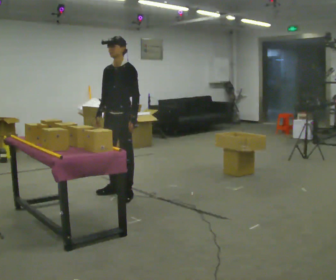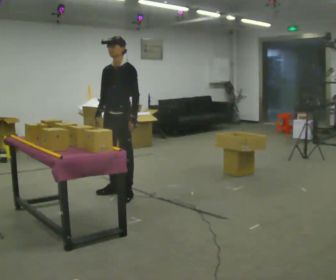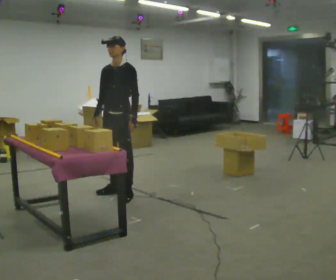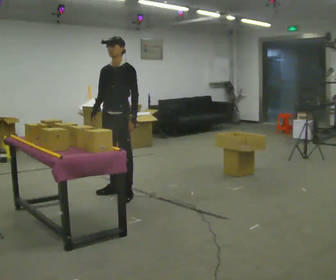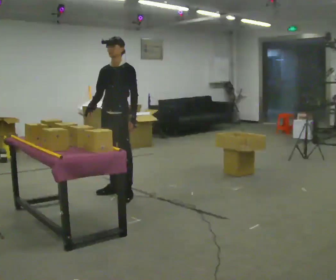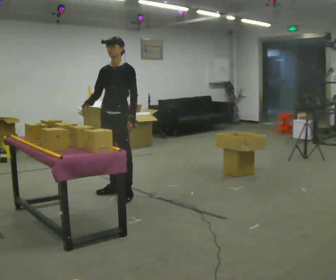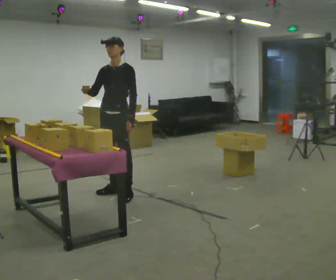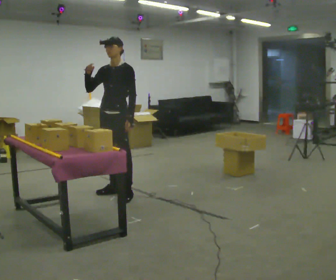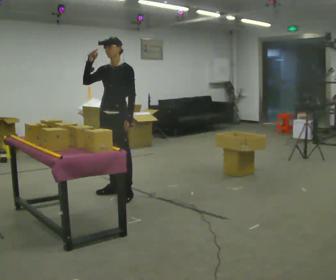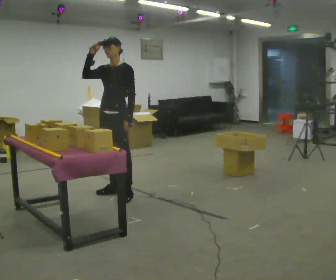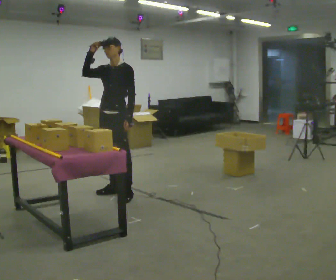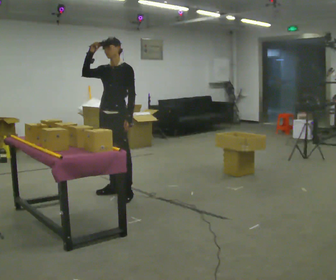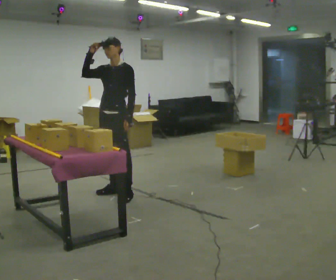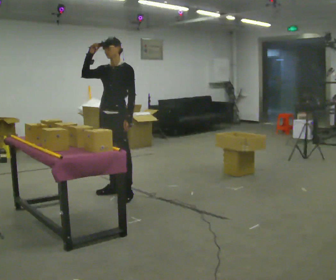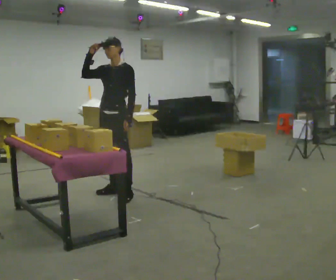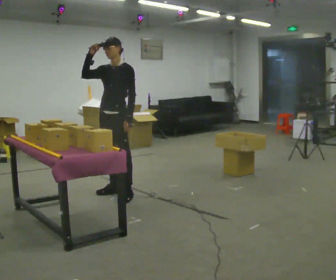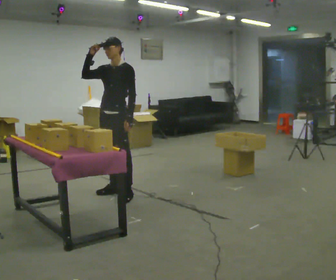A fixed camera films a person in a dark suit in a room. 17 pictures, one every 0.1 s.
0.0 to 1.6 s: In the picture their right hand goes upward, the arm swinging clockwise.
The film runs backward here.
